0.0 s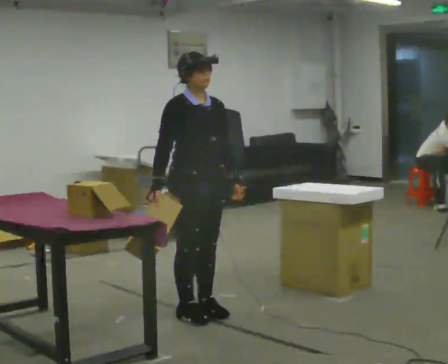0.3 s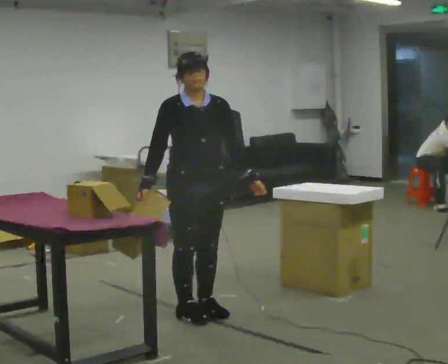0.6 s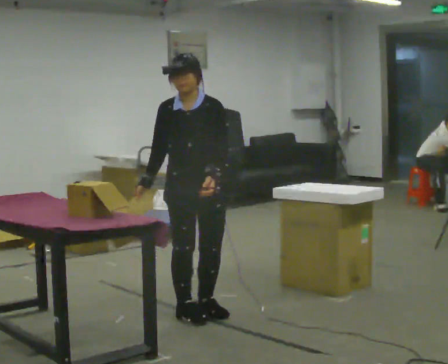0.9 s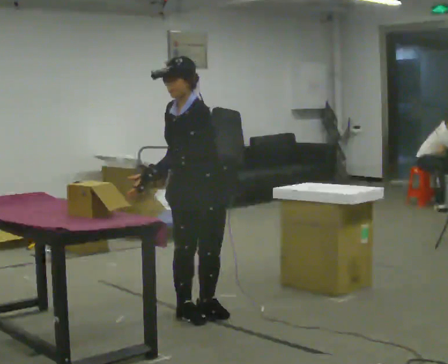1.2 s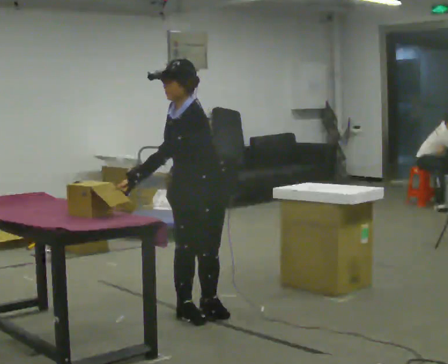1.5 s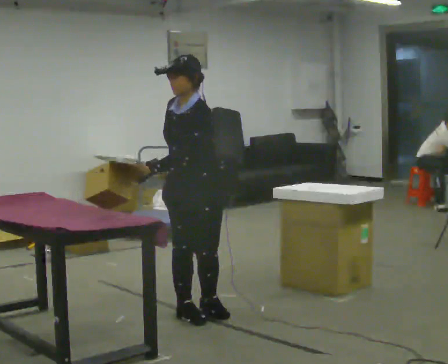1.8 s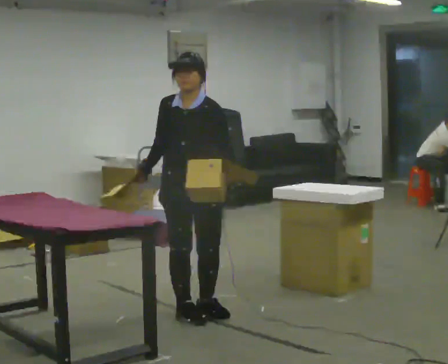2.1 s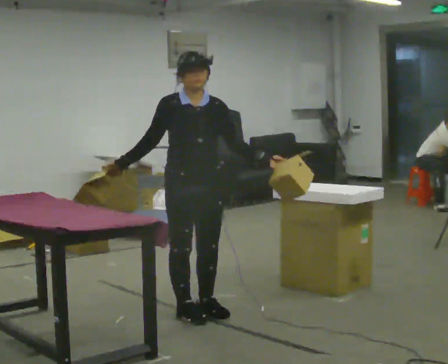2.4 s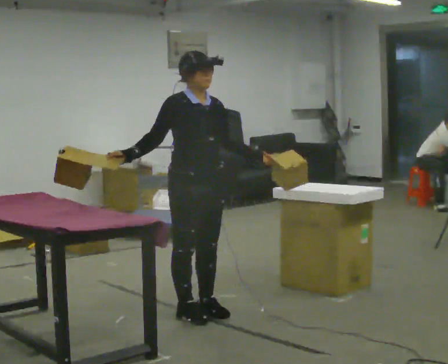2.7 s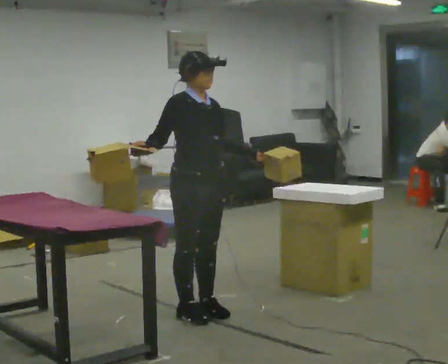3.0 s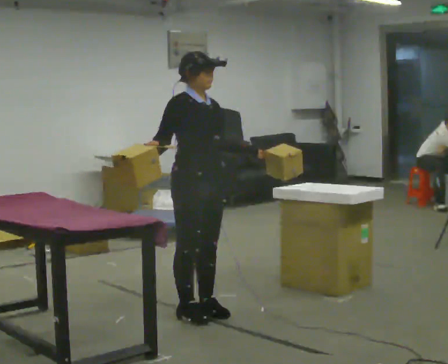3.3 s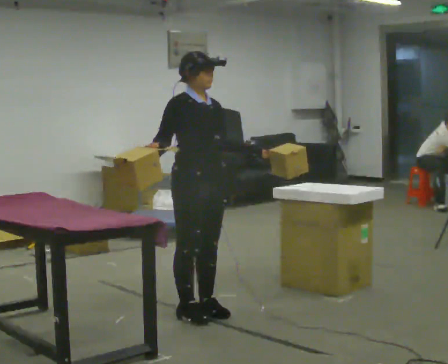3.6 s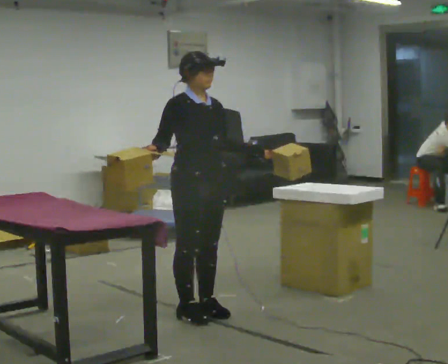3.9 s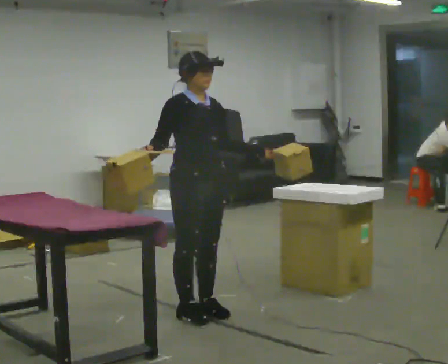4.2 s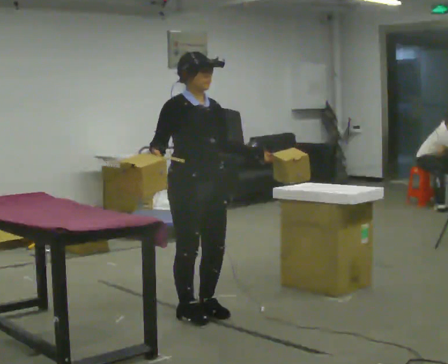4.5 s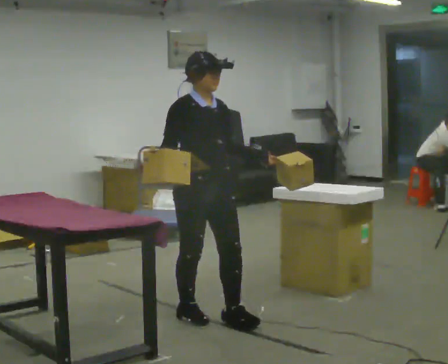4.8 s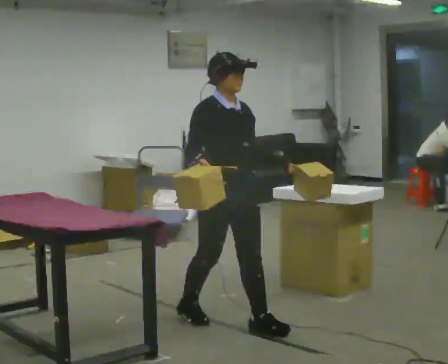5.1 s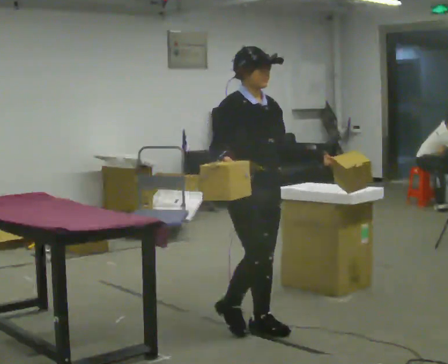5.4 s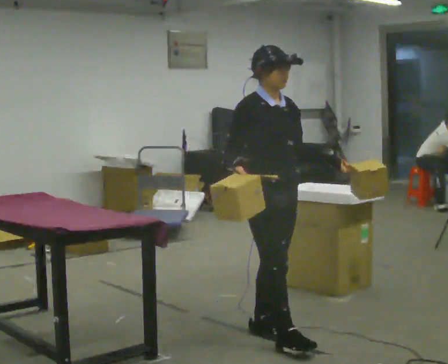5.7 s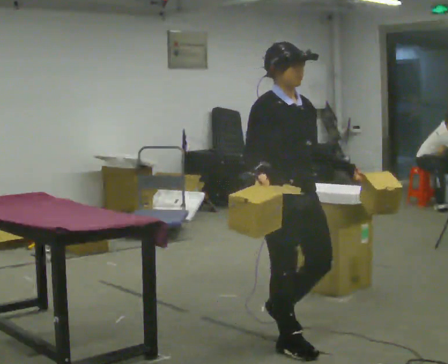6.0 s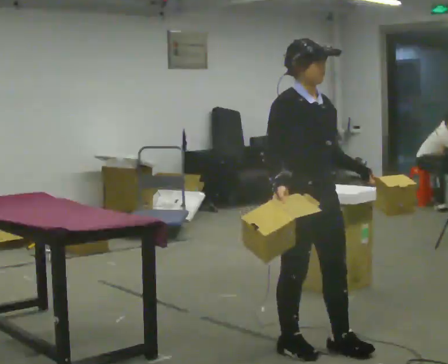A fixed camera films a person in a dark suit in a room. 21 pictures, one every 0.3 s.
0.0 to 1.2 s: The person turns about 90 degrees to their right, clockwise seen from above, so the part of the body nearest the lens slides to the left. The upper body tips toward the camera, its near side rolling downward, as they bend forward. In the picture their left hand goes to the left, the arm swinging clockwise.
1.2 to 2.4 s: The person turns about 75 degrees to their left, counterclockwise seen from above, so the part of the body nearest the lens slides to the right. The upper body tips away from the camera, its near side rolling upward, as they lean back or straighten. In the picture their left hand goes to the right, the arm swinging counterclockwise.
2.4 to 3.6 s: The person moves a little, or ends about where they began.
3.6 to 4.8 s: In the picture they go toward the camera and to the right, about 0.25 m in 1 step, which for them is forward.
4.8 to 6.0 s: In the picture they go toward the camera and to the right, about 0.5 m in 1 step, which for them is forward.
The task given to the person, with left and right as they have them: Carry two objects across the room, then put just one of them on the shelf while still holding the other. Then bring them both back. Keep going until the operator says stop; one object at a time, and do not rush between trips.
The film runs forward here.
